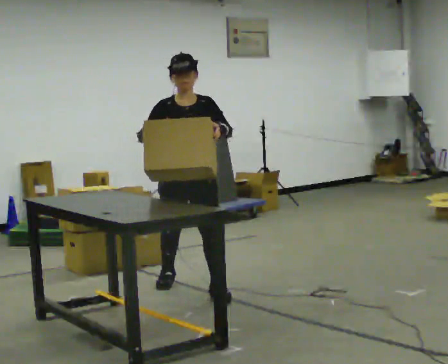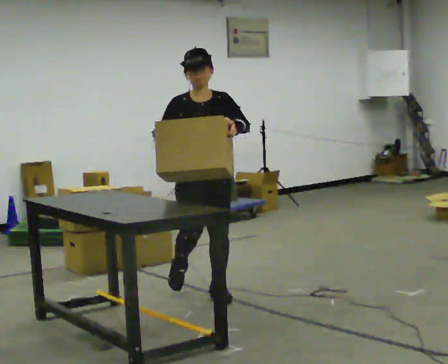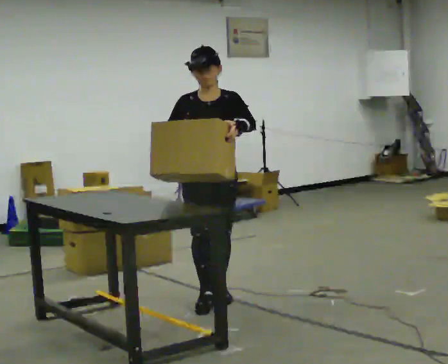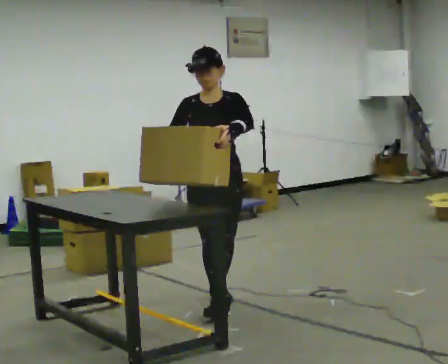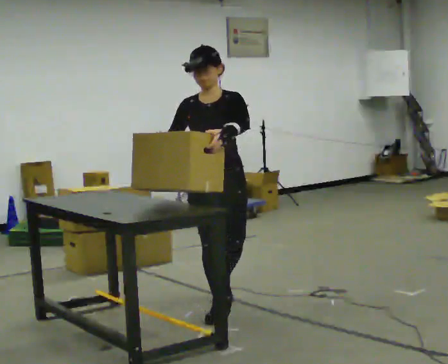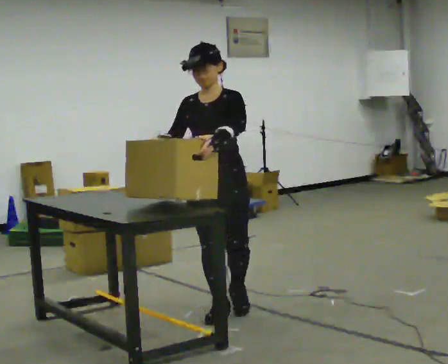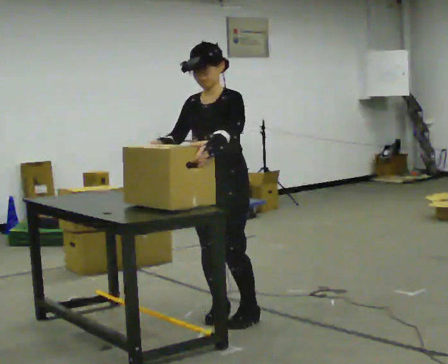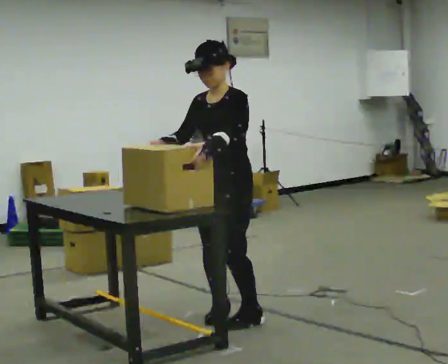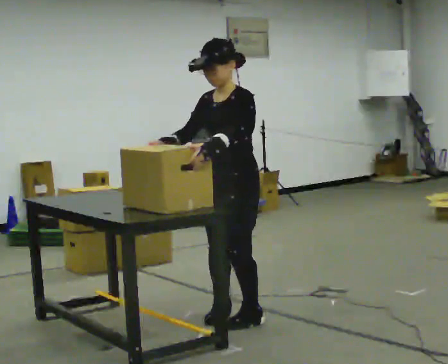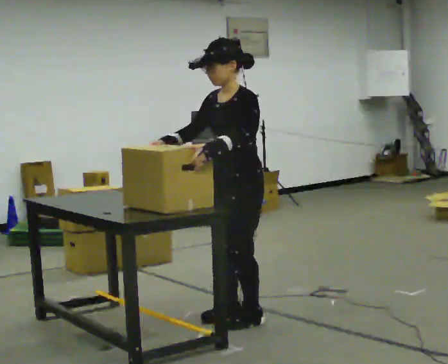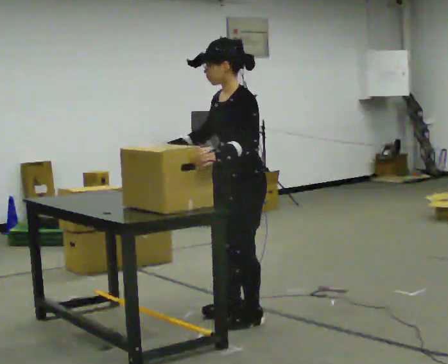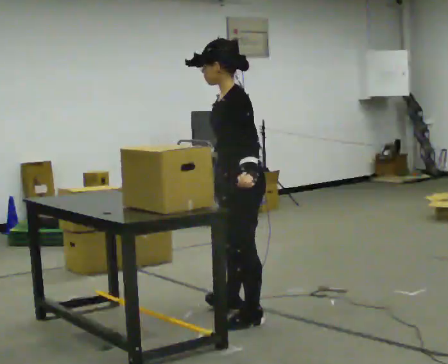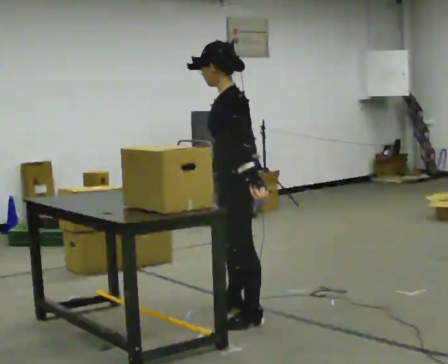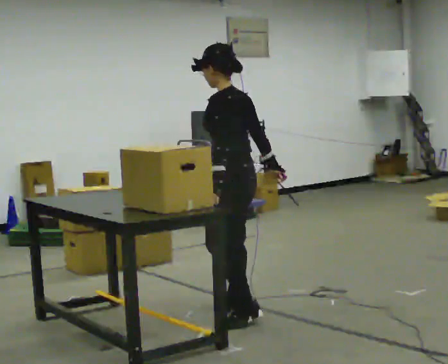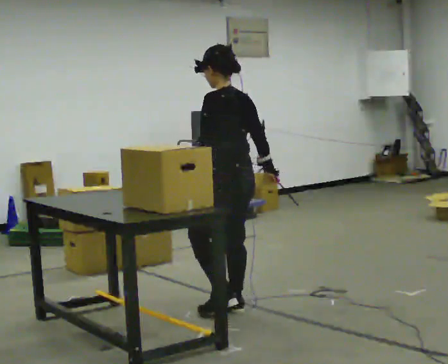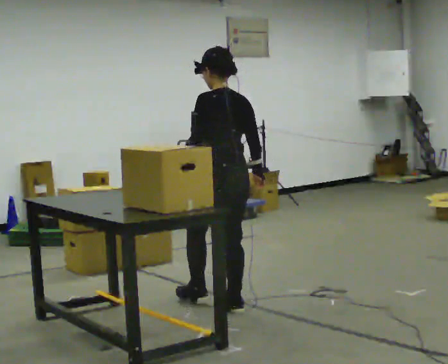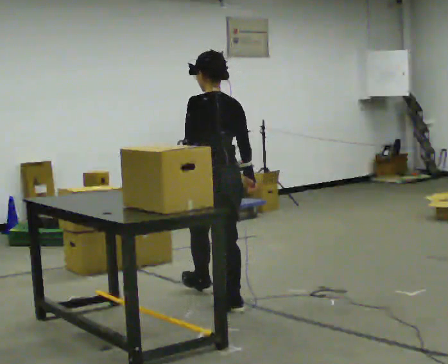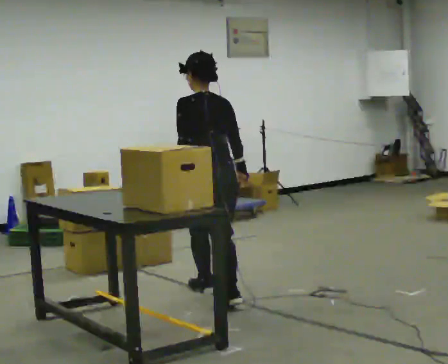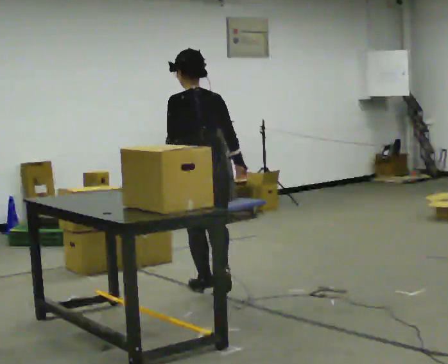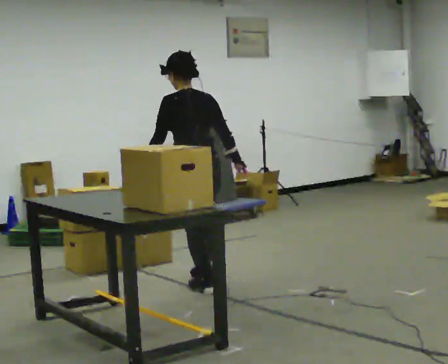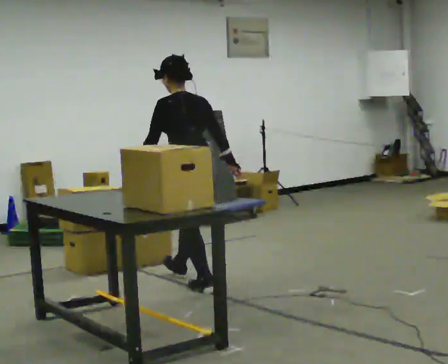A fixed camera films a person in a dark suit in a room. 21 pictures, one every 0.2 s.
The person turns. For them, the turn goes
to their right.
The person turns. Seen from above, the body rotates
clockwise.
0.0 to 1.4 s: The part of the body nearest the lens slides to the left as the person turns to their right by about 45 degrees. In the picture they go toward the camera, about 1 m in 2 steps, which for them is forward and to their left.
1.4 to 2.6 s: The part of the body nearest the lens slides to the left as the person turns to their right by about 75 degrees. In the picture their right hand goes to the right, the arm swinging counterclockwise.
2.6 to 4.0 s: The part of the body nearest the lens slides to the left as the person turns to their right by about 30 degrees. In the picture they go away from the camera and to the left, about 1 m in 1 step, which for them is forward.
The film runs forward here.
